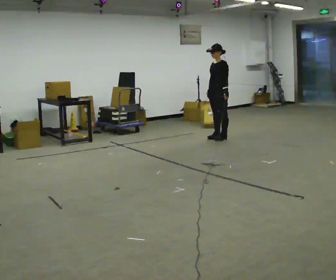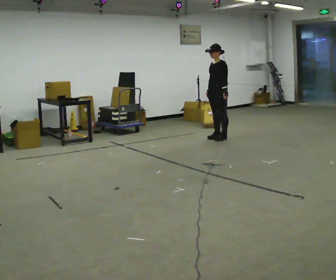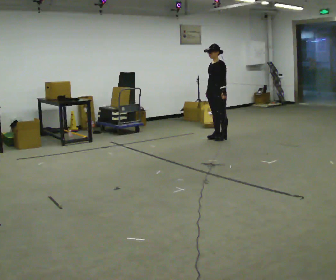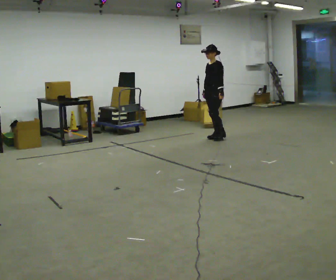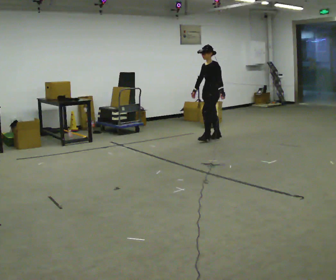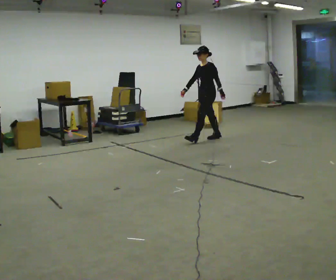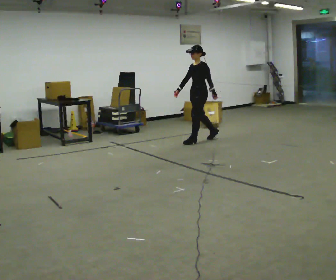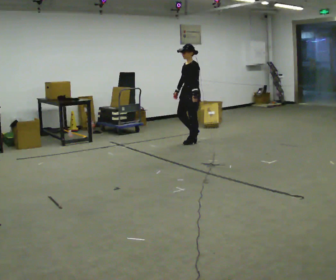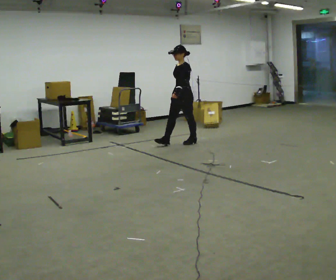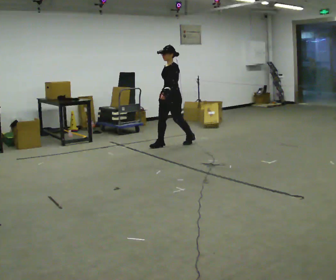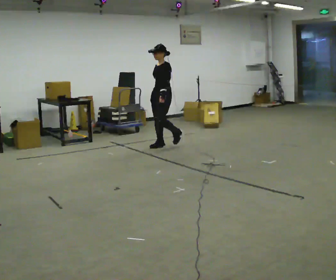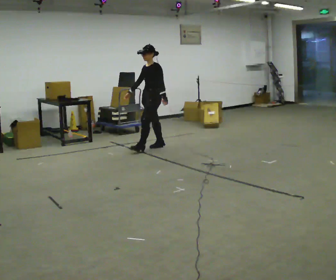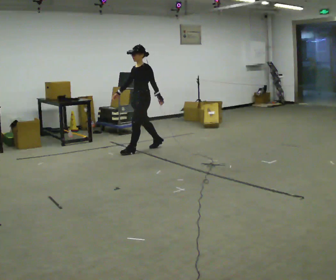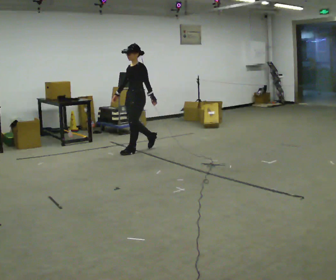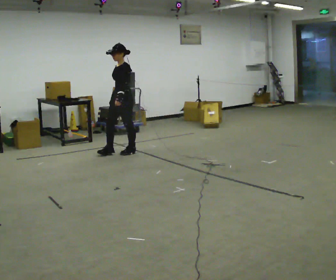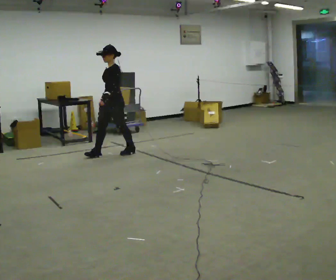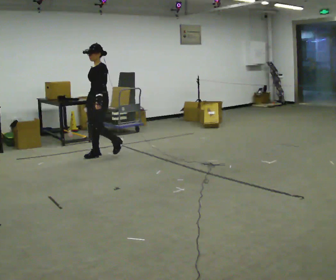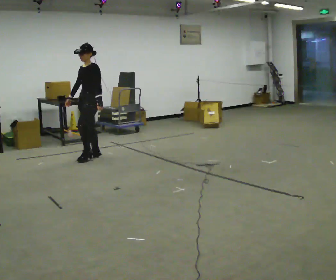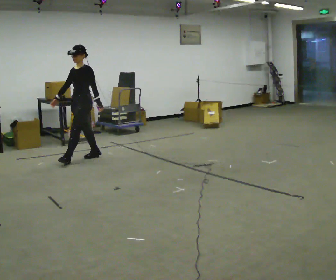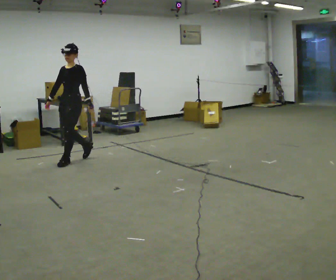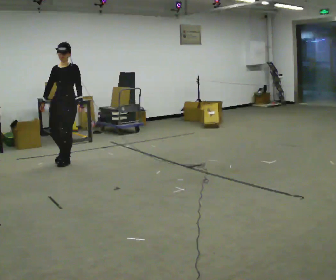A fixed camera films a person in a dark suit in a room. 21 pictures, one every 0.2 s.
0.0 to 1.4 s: In the picture they go to the left and toward the camera, about 0.5 m in 1 step, which for them is forward.
1.4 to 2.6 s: In the picture they go to the left and toward the camera, about 1 m in 2 steps, which for them is forward.
2.6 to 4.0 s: The person turns about 45 degrees to their left, counterclockwise seen from above, so the part of the body nearest the lens slides to the right. In the picture they go to the left and toward the camera, about 1 m in 2 steps, which for them is forward.
The film runs forward here.
